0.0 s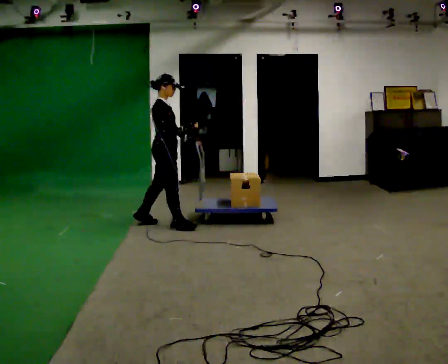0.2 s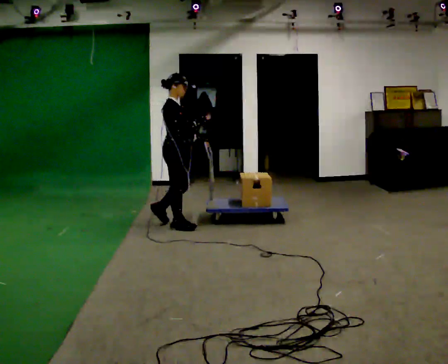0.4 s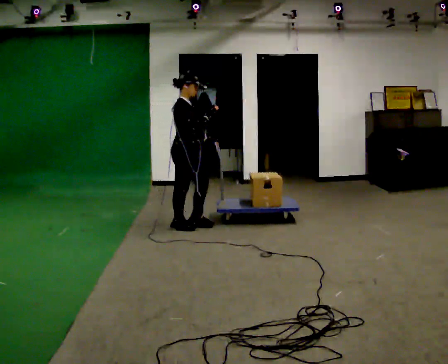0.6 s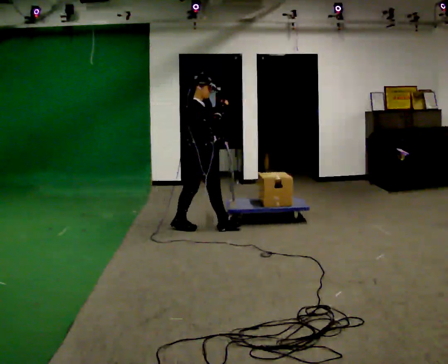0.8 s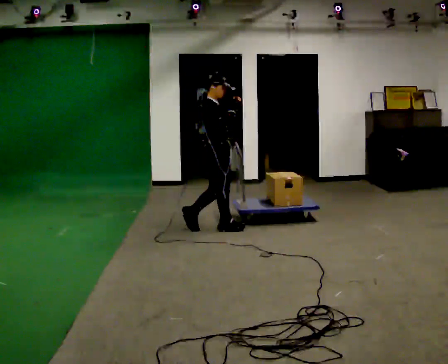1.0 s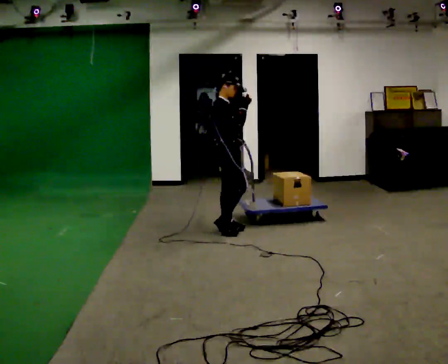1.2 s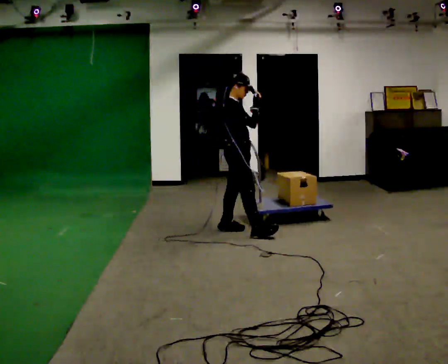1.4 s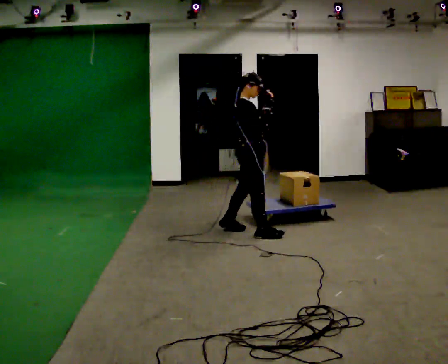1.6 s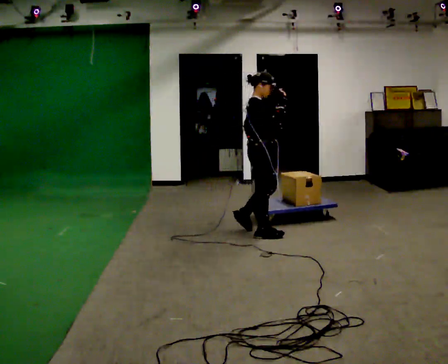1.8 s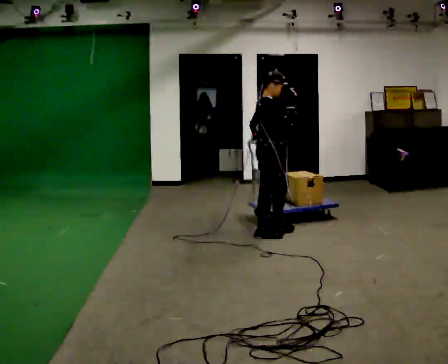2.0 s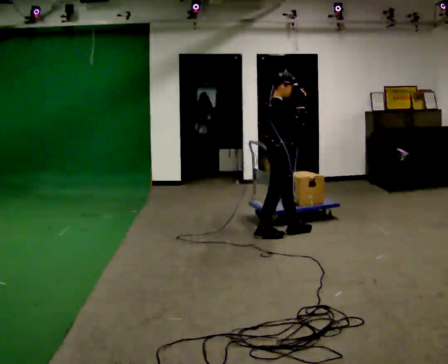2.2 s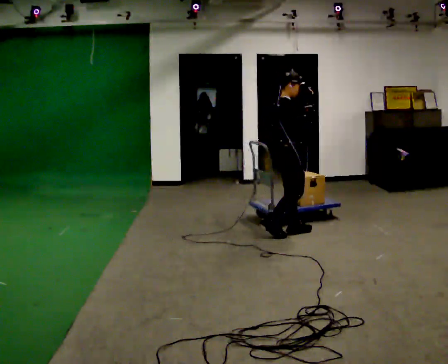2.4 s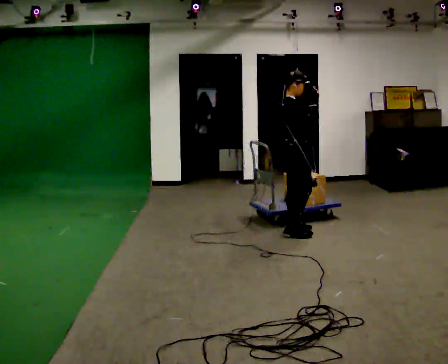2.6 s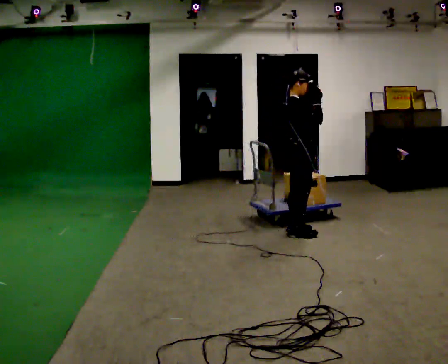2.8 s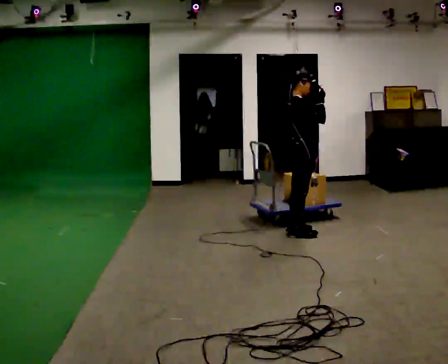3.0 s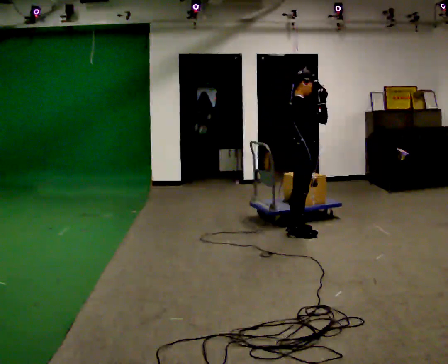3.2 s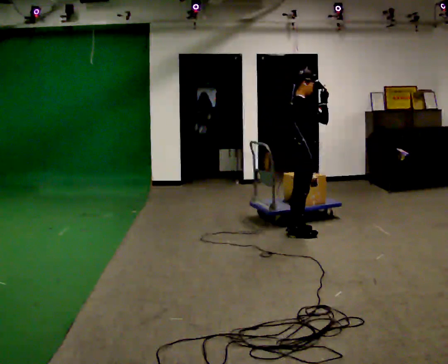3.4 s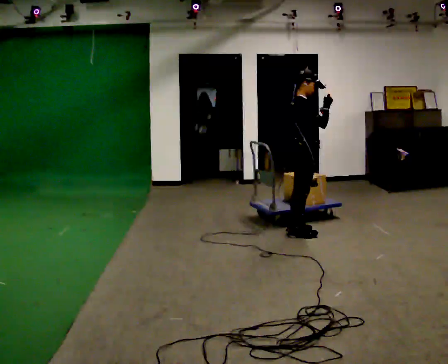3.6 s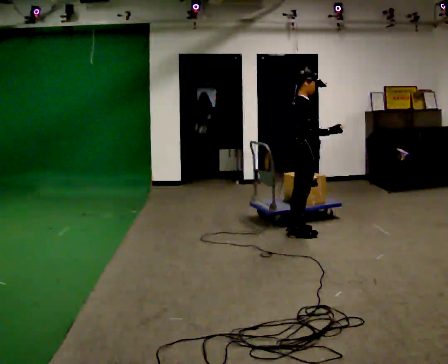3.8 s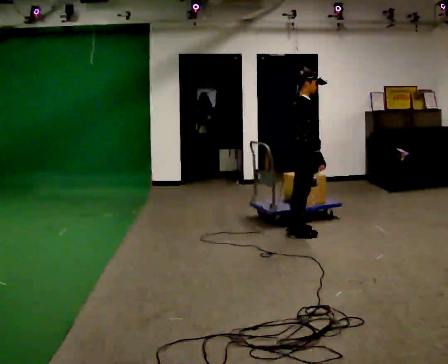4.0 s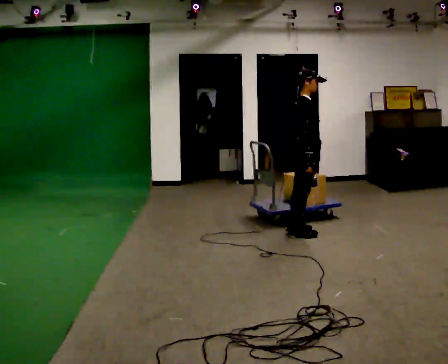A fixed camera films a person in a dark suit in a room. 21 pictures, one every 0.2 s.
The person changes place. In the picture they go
to the right.
0.0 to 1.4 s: In the picture they go to the right, about 1 m in 2 steps, which for them is forward.
1.4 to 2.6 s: In the picture they go to the right, about 0.5 m in 2 steps, which for them is forward.
2.6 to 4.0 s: In the picture their right hand goes downward.
The film runs forward here.
